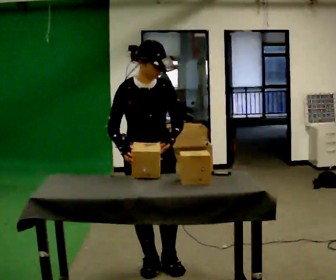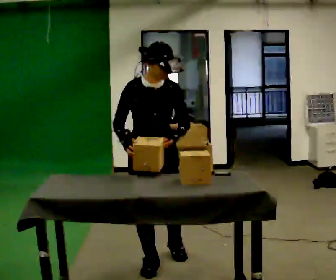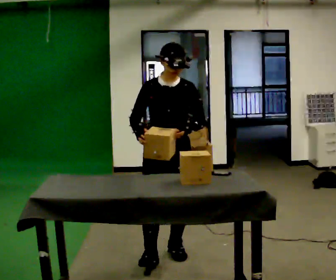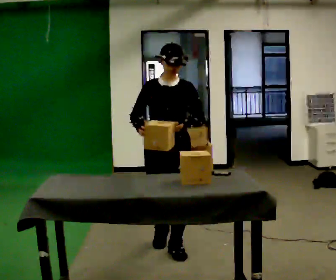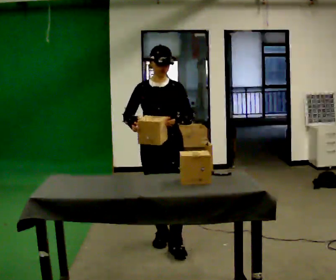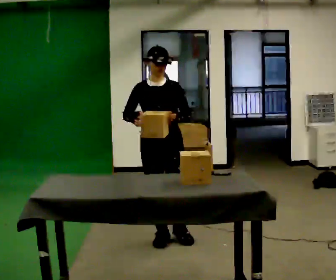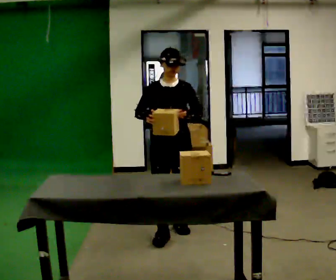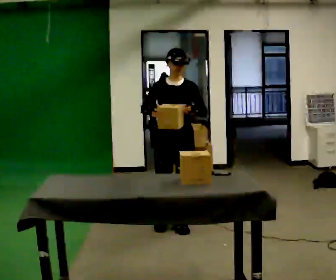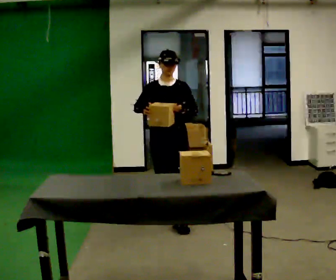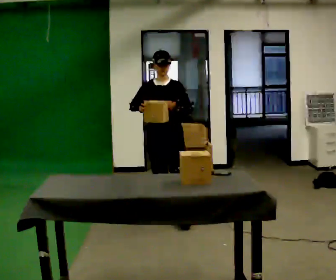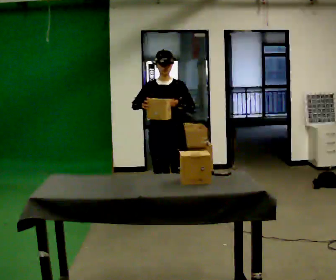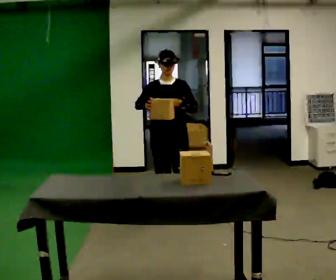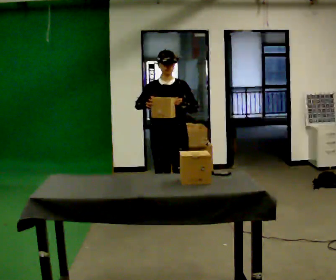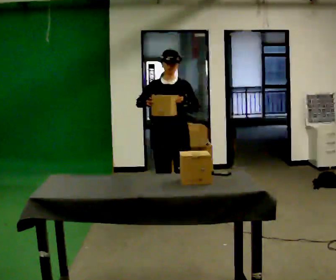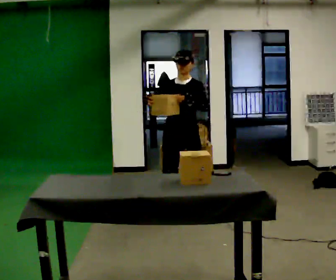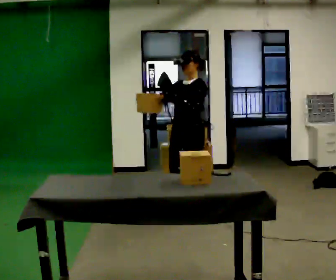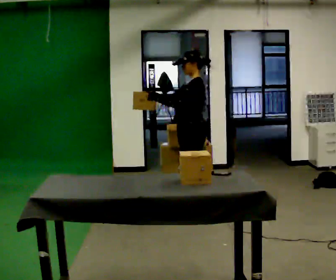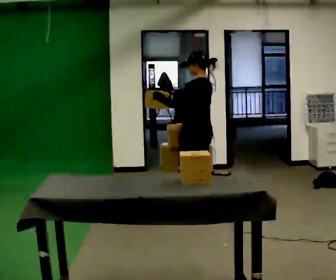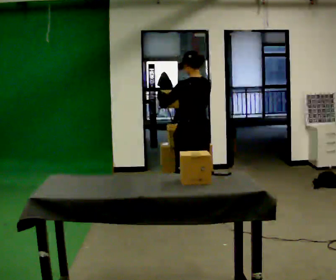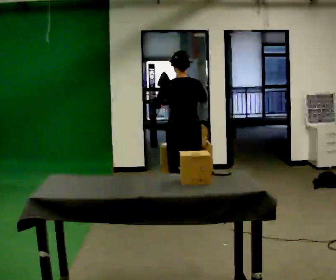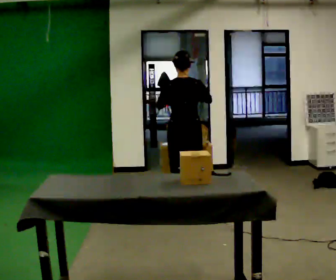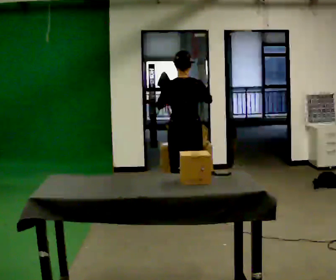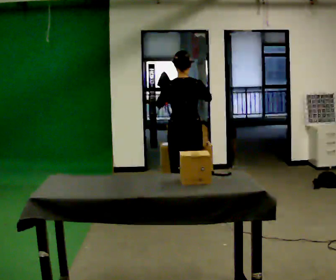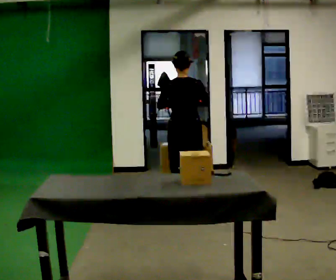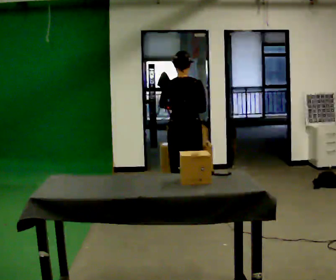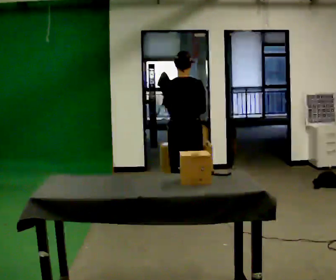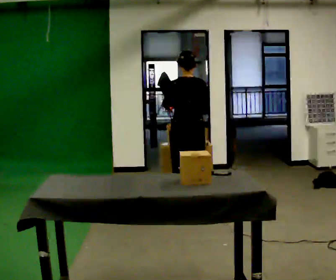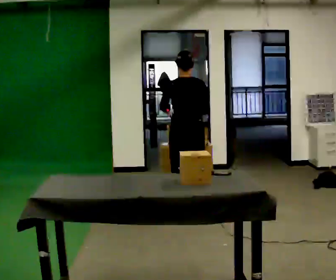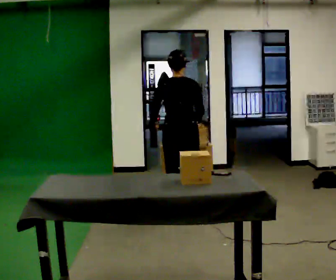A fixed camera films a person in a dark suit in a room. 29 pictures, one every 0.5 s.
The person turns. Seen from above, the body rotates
clockwise.
The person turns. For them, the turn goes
to their right.
0.0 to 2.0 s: In the picture they go away from the camera, about 0.5 m in 2 steps, which for them is backward.
2.0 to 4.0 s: In the picture they go away from the camera, about 0.5 m in 2 steps, which for them is backward.
4.0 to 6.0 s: In the picture they go away from the camera, about 0.25 m in 1 step, which for them is backward.
6.0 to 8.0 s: The part of the body nearest the lens slides to the left as the person turns to their right by about 90 degrees. In the picture they go to the right, about 0.25 m in 1 step.
8.0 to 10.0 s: The part of the body nearest the lens slides to the left as the person turns to their right by about 90 degrees. In the picture their right hand goes to the right.
10.0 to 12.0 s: The person moves a little, or ends about where they began.
12.0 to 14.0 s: In the picture they go toward the camera, about 0.25 m in 2 steps, which for them is backward.
The film runs backward here.
